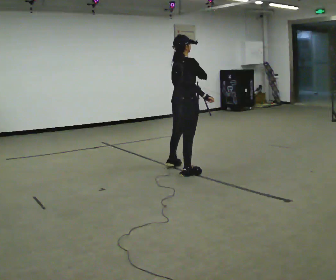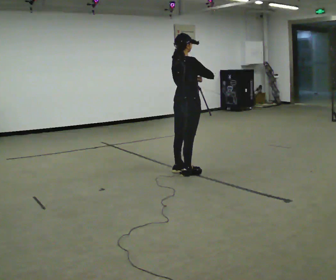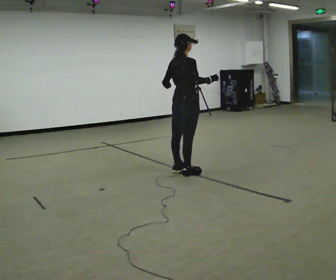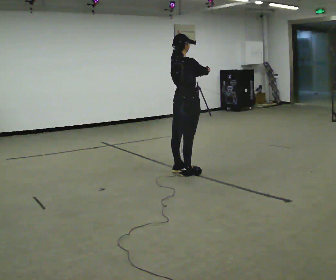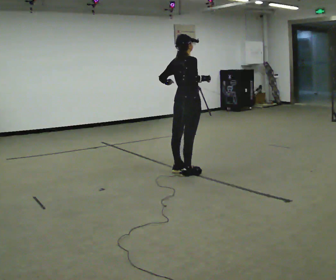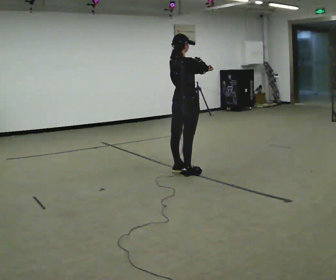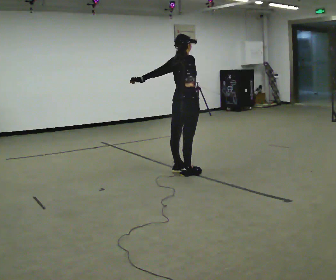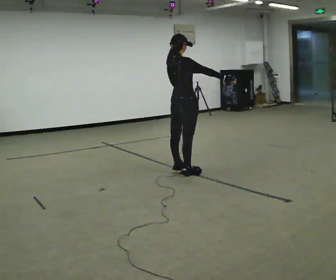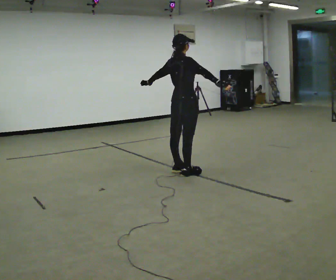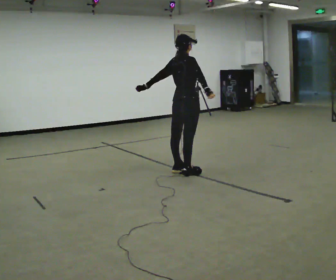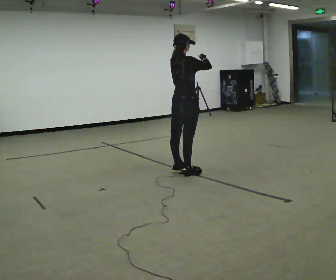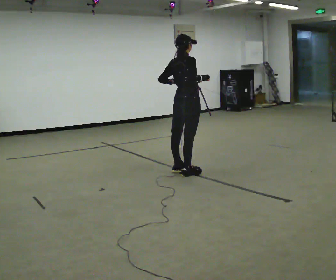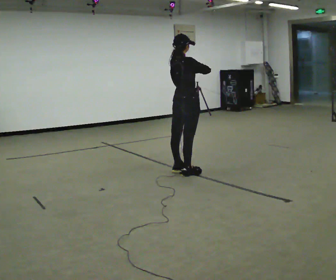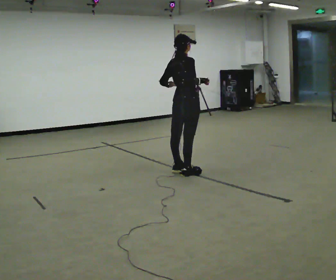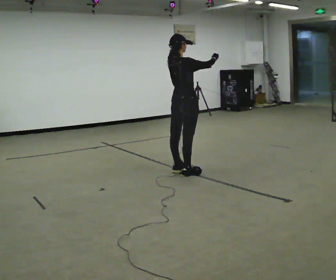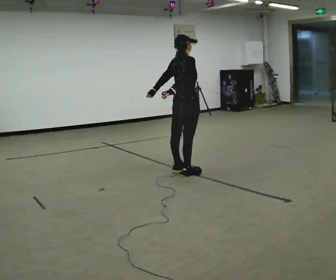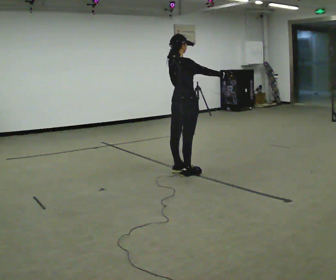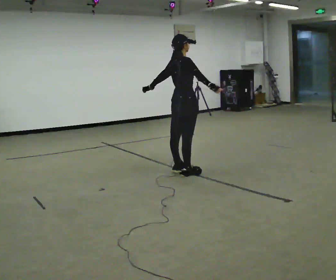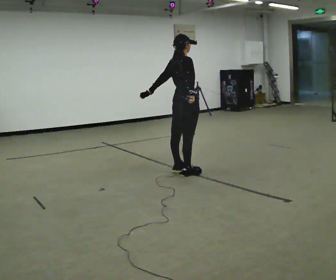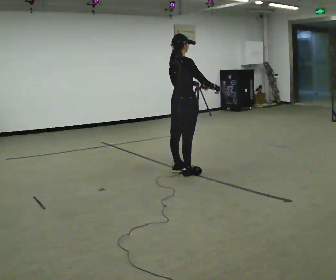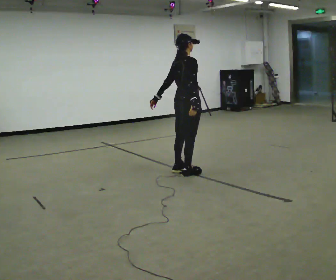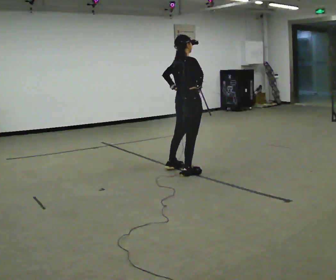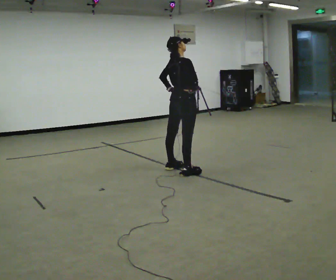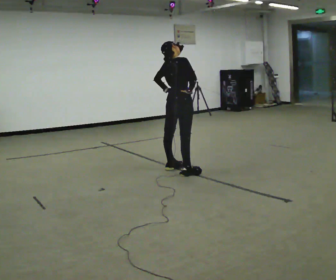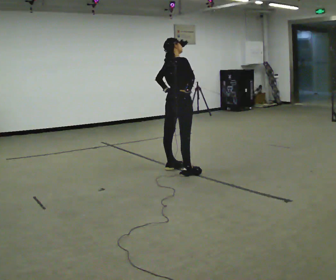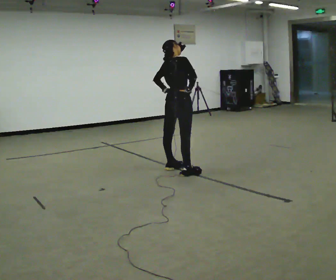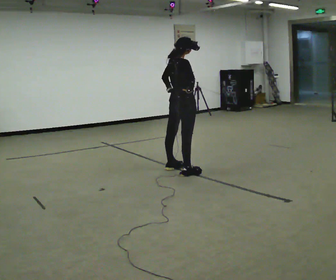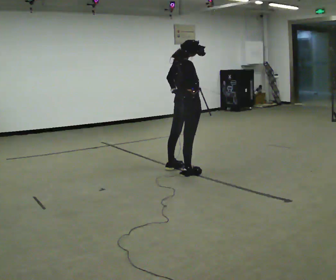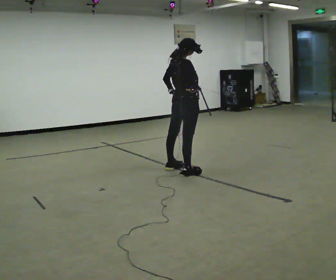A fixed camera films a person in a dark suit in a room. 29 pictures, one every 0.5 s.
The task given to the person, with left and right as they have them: Dance freely at a slow tempo as if to slow music; keep moving continuously.
0.0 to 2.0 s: In the picture their left hand goes to the left.
2.0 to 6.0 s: The person moves a little, or ends about where they began.
6.0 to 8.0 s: In the picture their right hand goes to the right.
8.0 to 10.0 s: In the picture their right hand goes to the left and downward.
10.0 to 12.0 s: In the picture they go away from the camera, about 0.25 m, which for them is to their left.
12.0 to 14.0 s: The person moves a little, or ends about where they began.
The film runs forward here.
